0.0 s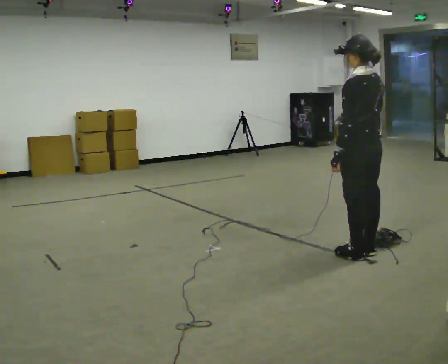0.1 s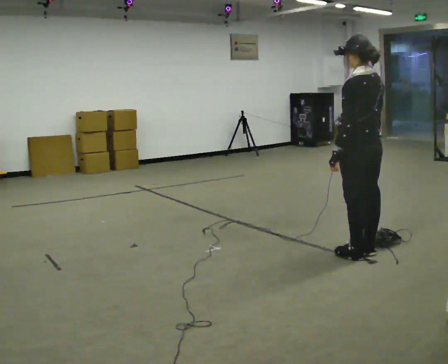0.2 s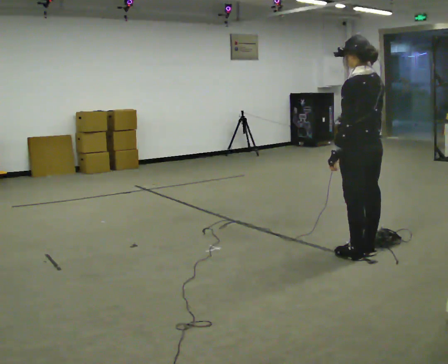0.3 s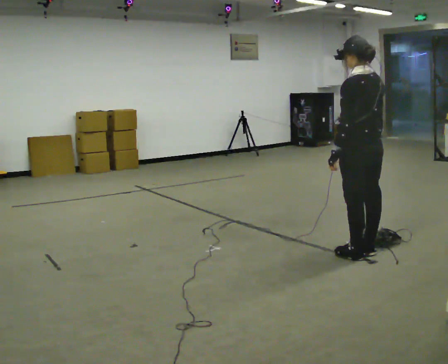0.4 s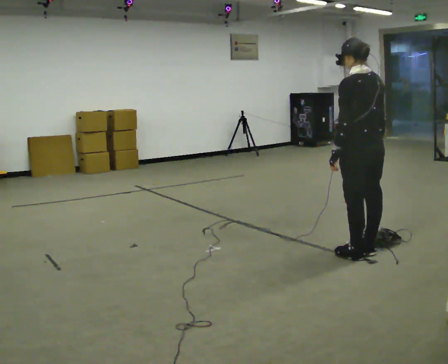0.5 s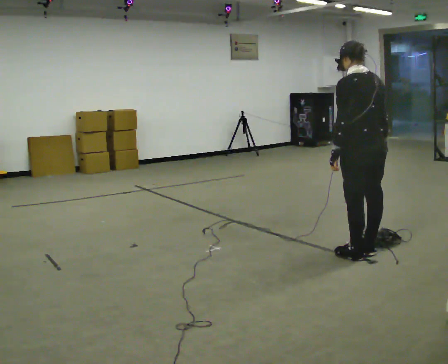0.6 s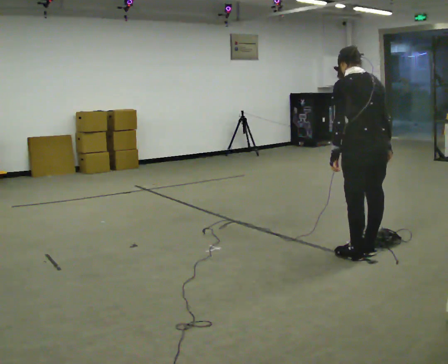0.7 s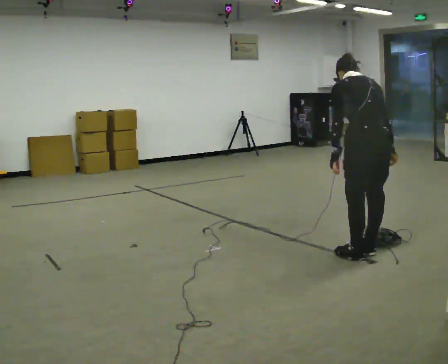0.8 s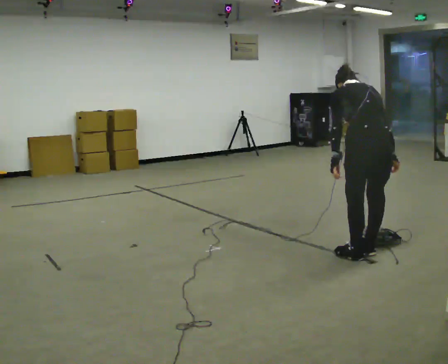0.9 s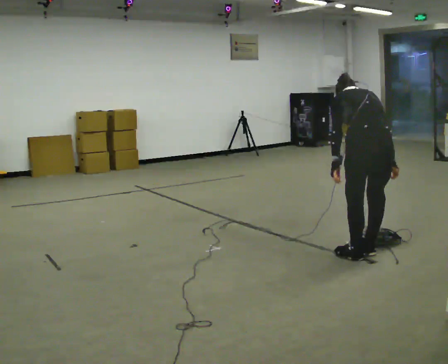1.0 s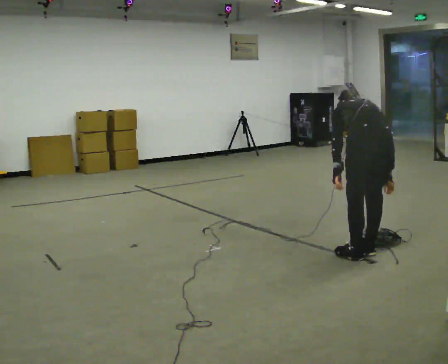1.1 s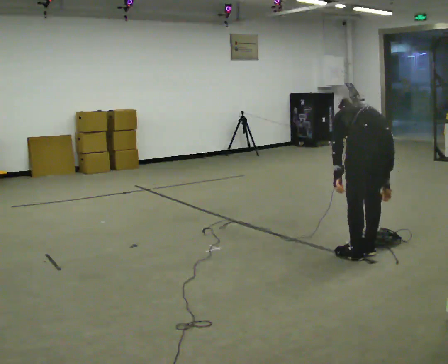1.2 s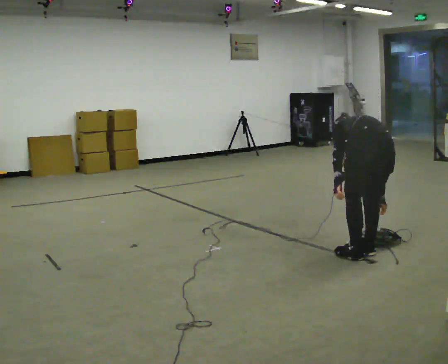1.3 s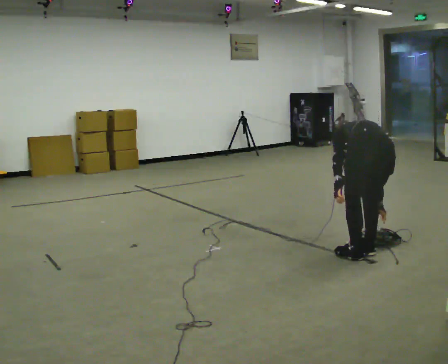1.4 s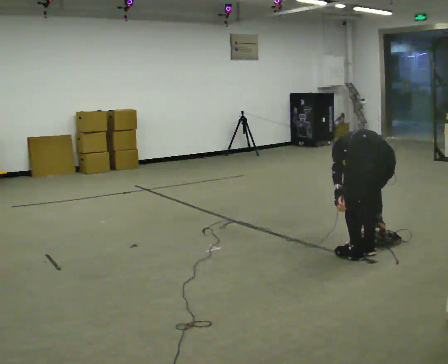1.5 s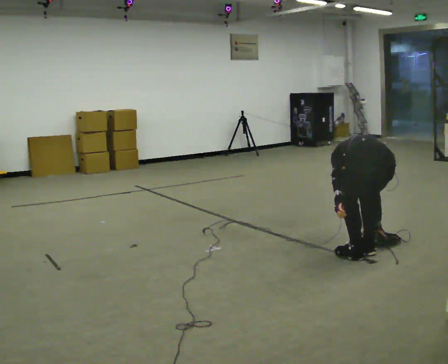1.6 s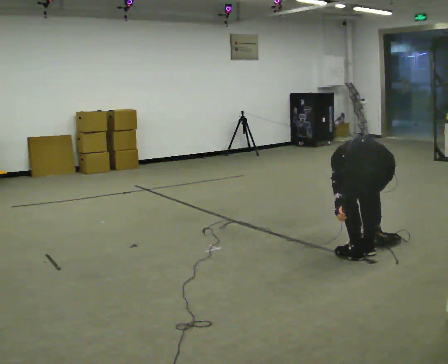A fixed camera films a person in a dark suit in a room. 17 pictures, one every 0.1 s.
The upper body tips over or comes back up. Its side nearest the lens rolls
upward.
Their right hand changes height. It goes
downward.
0.0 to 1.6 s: The person turns about 30 degrees to their right, clockwise seen from above, so the part of the body nearest the lens slides to the left. The upper body goes downward. The upper body tips away from the camera, its near side rolling upward, as they bend forward. In the picture their left hand goes downward.
The film runs forward here.
